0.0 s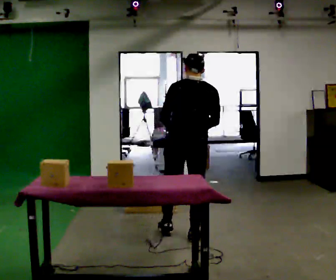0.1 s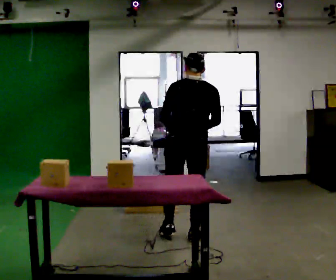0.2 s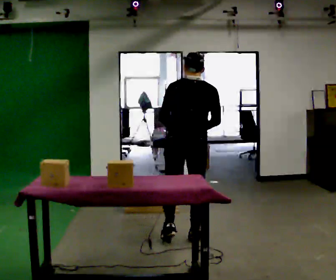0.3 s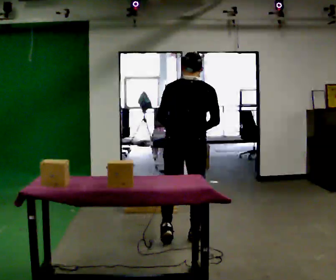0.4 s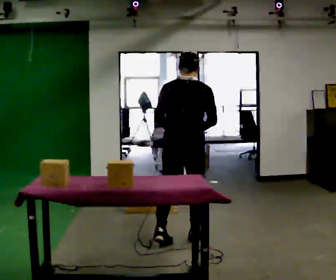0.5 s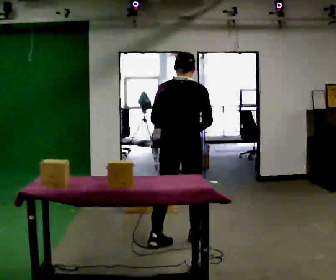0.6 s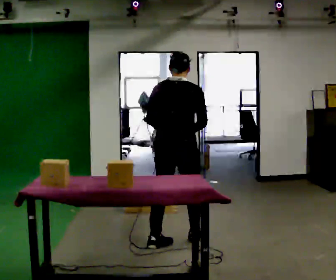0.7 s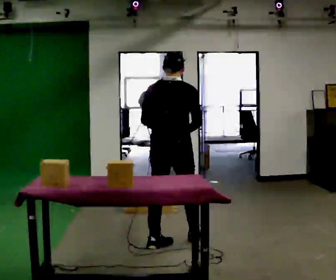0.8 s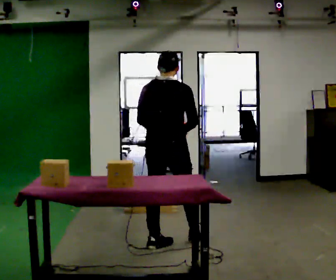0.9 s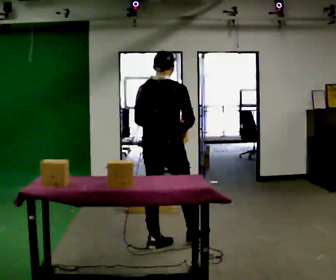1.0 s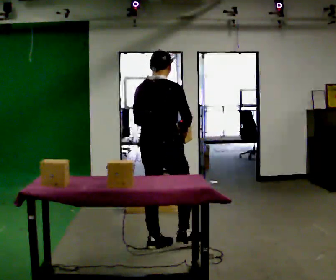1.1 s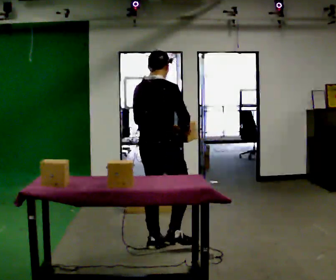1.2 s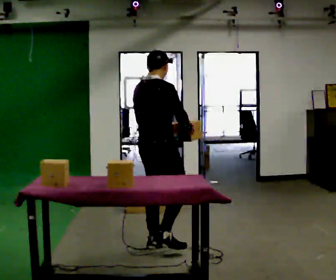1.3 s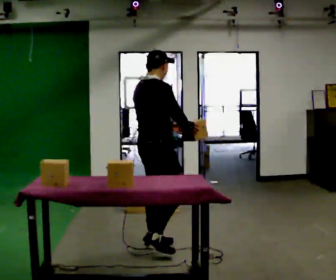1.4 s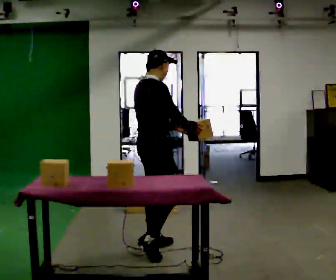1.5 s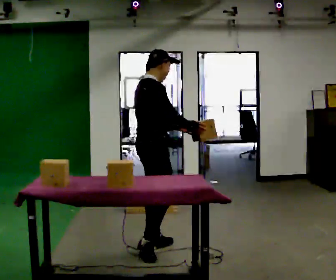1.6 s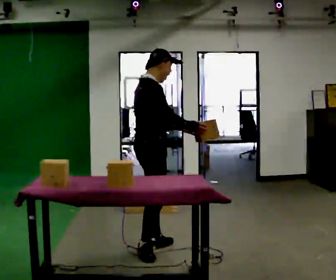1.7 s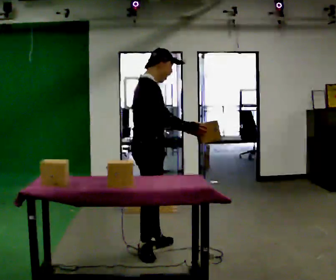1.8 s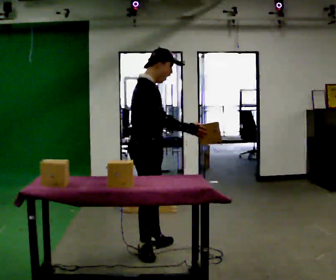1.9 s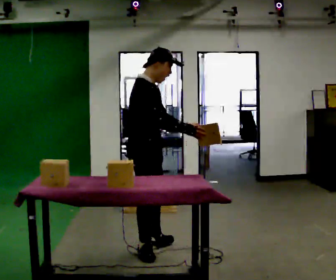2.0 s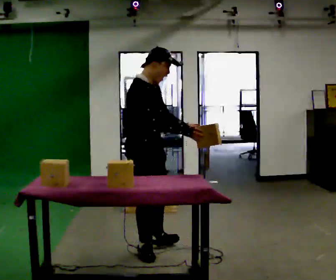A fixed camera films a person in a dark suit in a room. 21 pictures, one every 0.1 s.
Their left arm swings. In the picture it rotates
counterclockwise.
The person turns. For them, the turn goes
to their right.
0.0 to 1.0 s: The part of the body nearest the lens slides to the left as the person turns to their right by about 30 degrees. In the picture they go to the left and toward the camera, about 0.25 m in 1 step, which for them is backward and to their left.
1.0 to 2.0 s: The part of the body nearest the lens slides to the left as the person turns to their right by about 75 degrees. In the picture they go toward the camera, about 0.25 m.
The film runs backward here.
